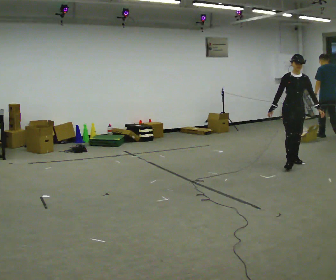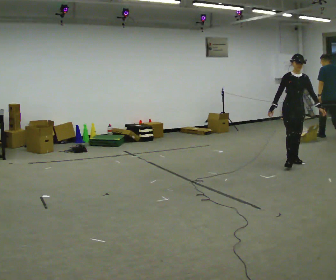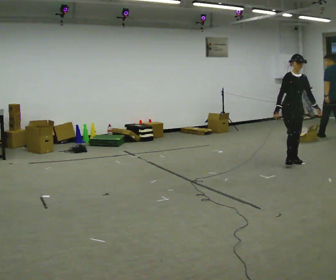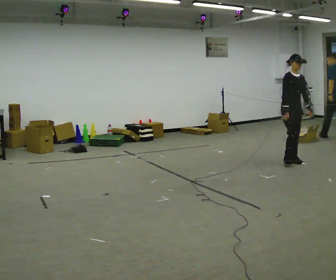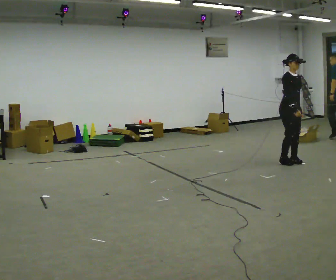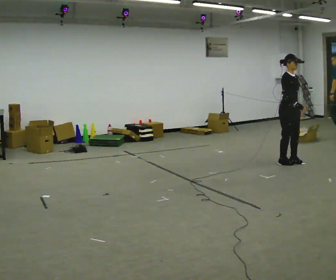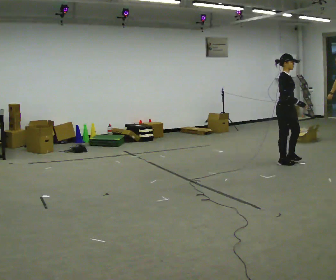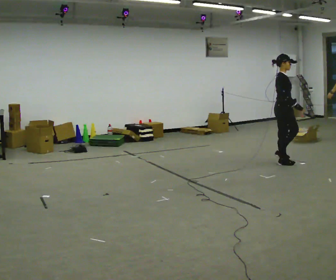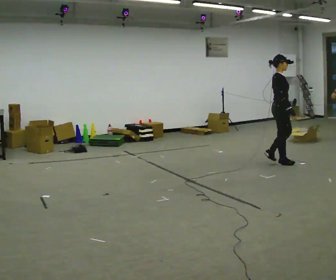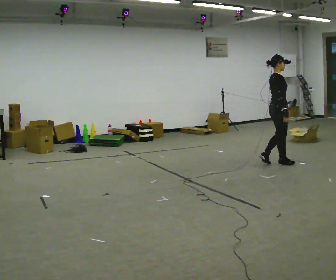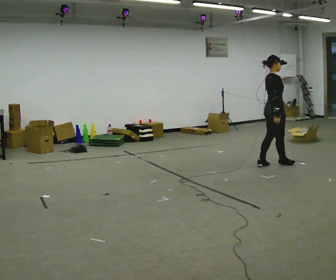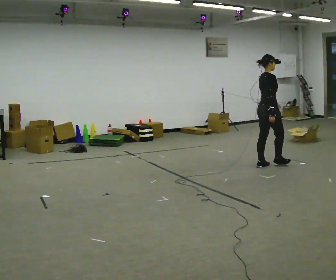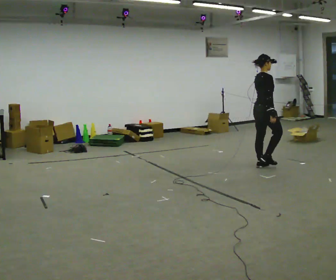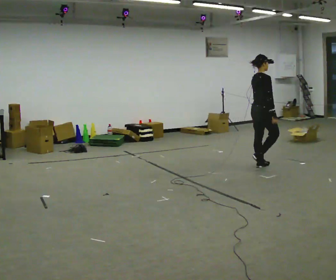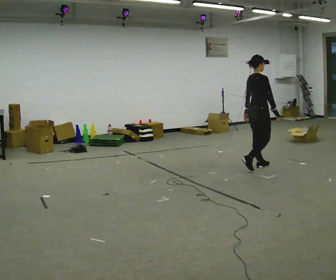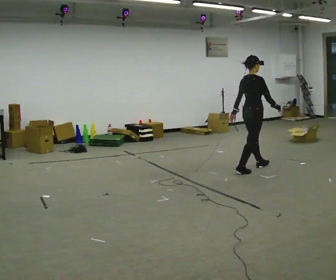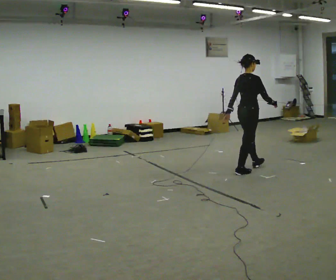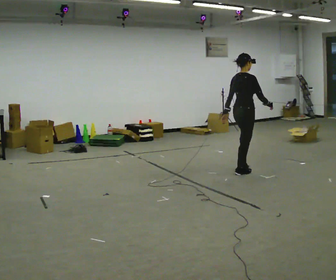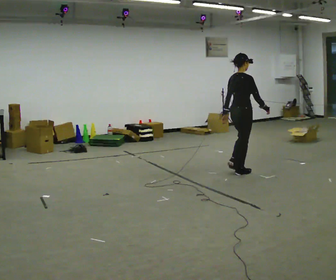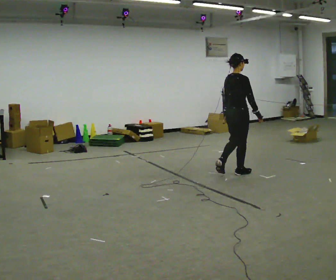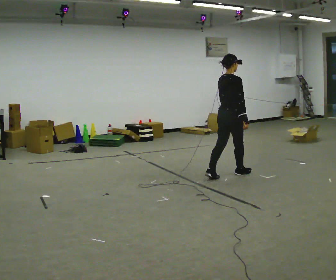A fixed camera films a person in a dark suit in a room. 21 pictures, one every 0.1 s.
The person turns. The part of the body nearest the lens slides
to the right.
The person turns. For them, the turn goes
to their left.
0.0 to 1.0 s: The part of the body nearest the lens slides to the right as the person turns to their left by about 90 degrees. In the picture they go to the left, about 0.25 m in 1 step.
1.0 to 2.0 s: Seen from above the body turns counterclockwise, about 30 degrees: to their left, with its near side sliding to the right. In the picture they go toward the camera and to the left, about 1 m in 2 steps, which for them is backward.
The film runs backward here.
